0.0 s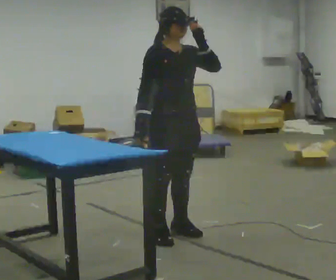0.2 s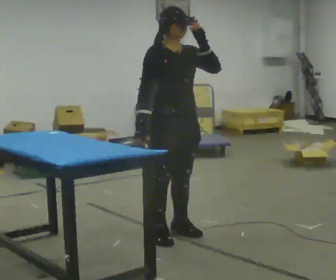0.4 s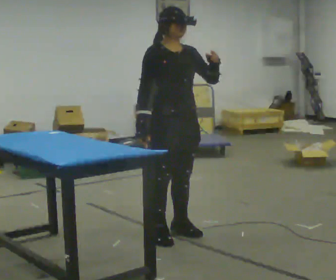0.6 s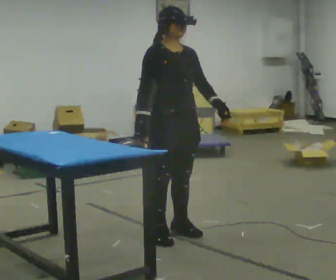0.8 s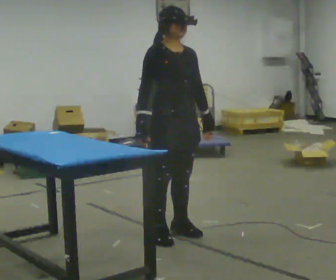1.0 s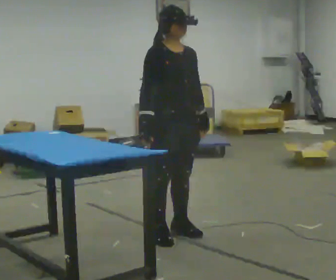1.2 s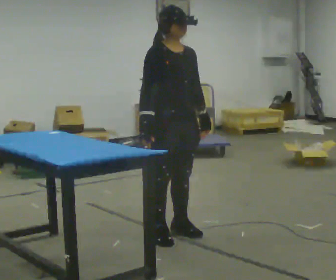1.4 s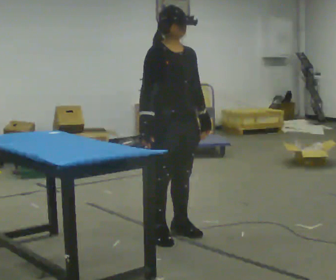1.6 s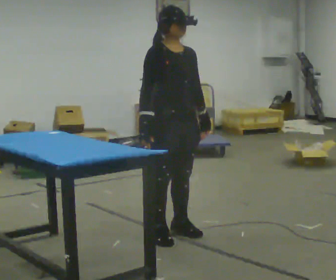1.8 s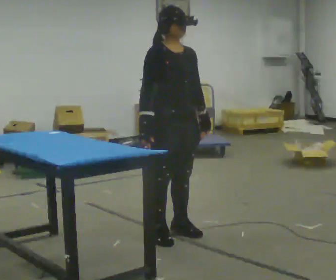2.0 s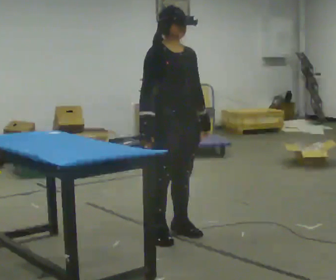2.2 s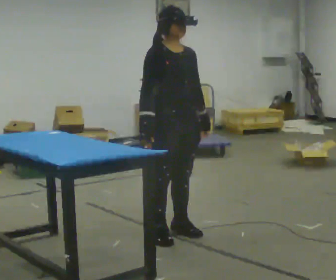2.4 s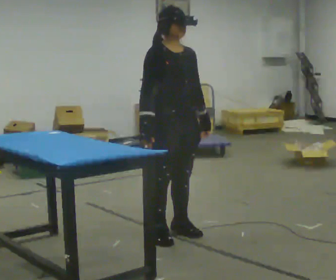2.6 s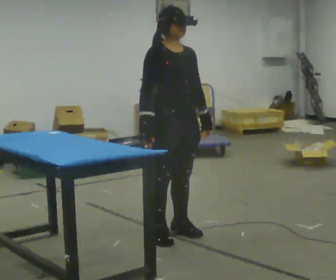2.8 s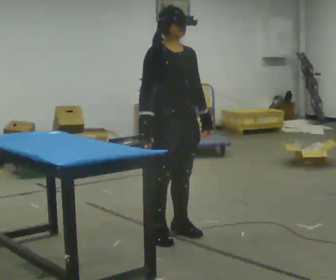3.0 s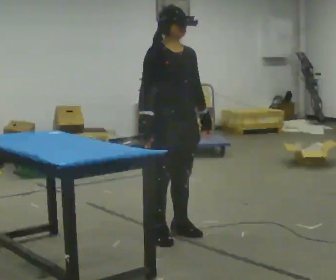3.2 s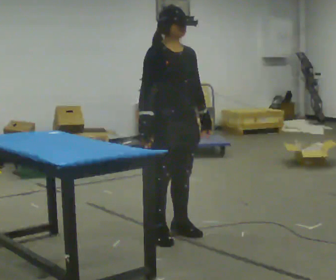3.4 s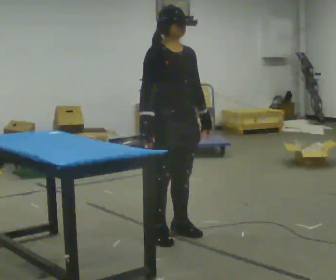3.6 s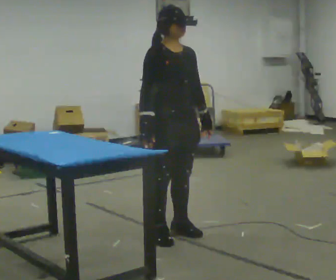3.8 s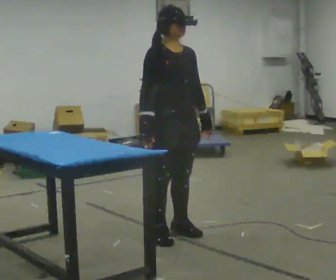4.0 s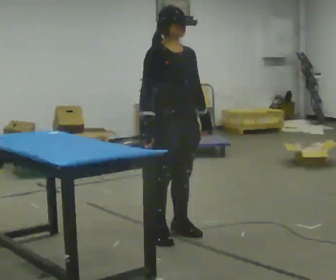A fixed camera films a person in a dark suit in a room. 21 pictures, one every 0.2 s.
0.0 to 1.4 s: In the picture their left hand goes downward.
1.4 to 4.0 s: The person keeps their place and pose.
The film runs forward here.
